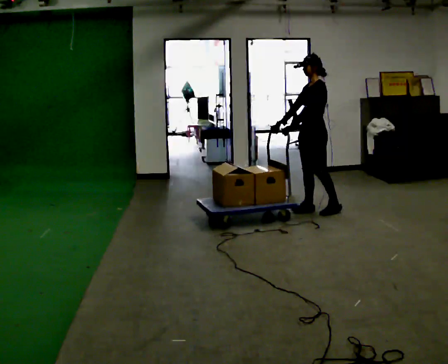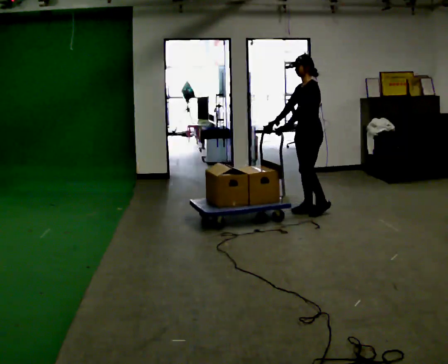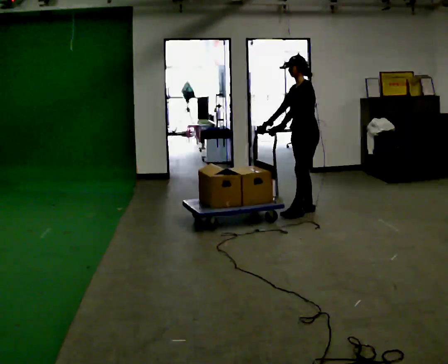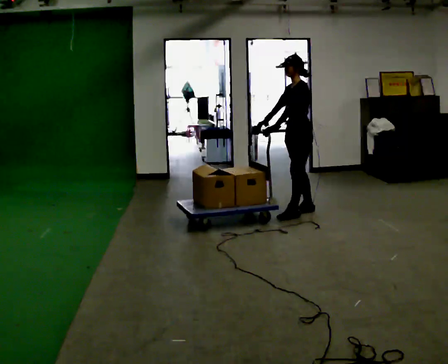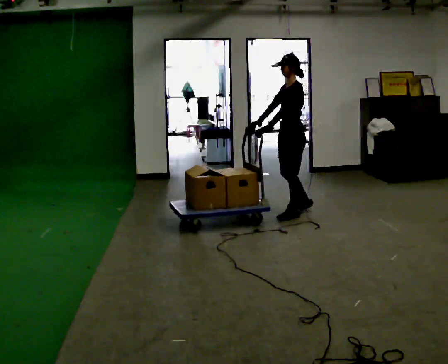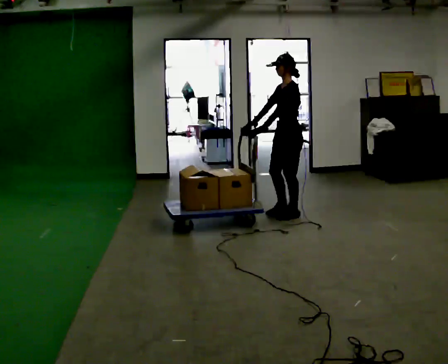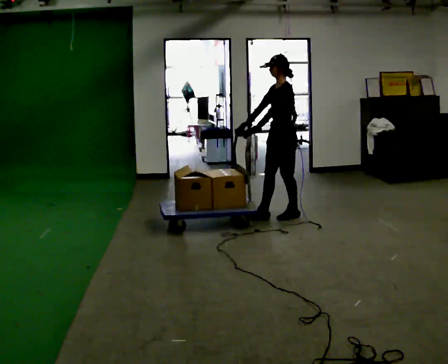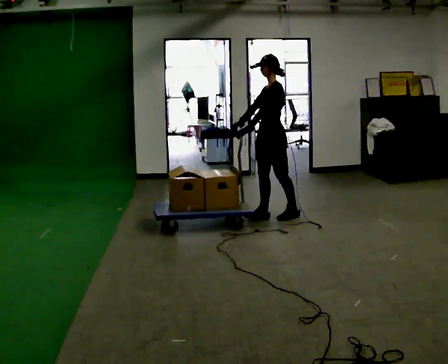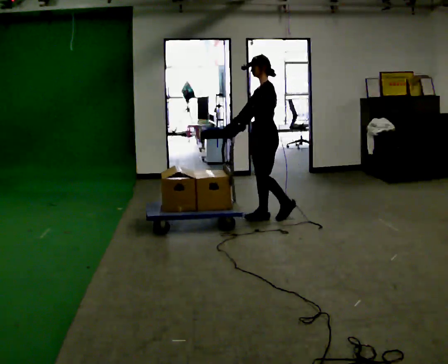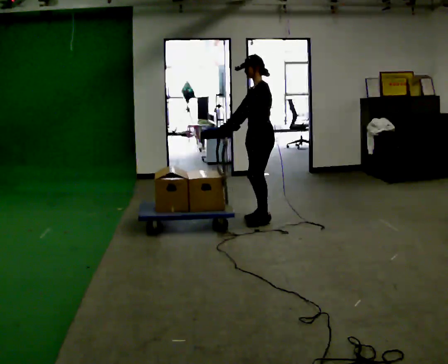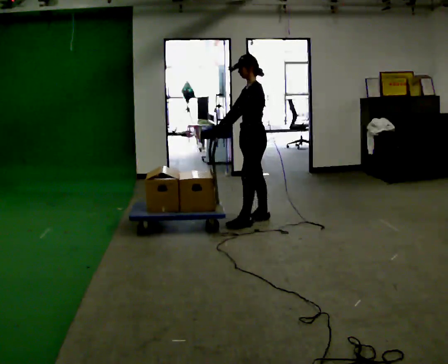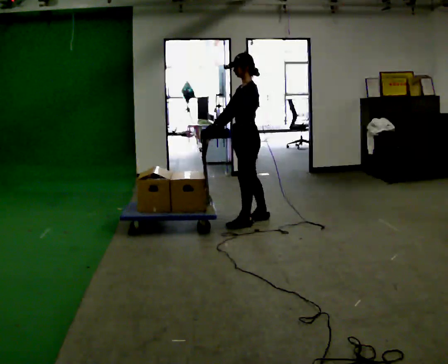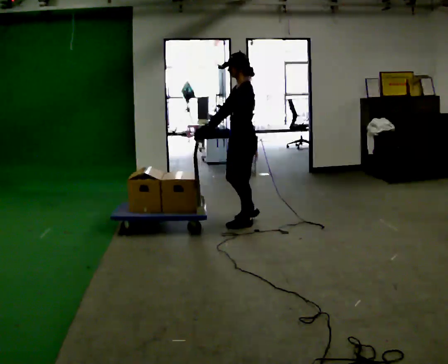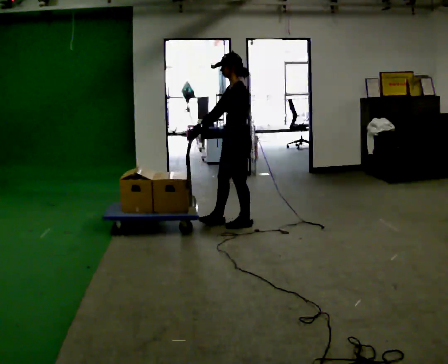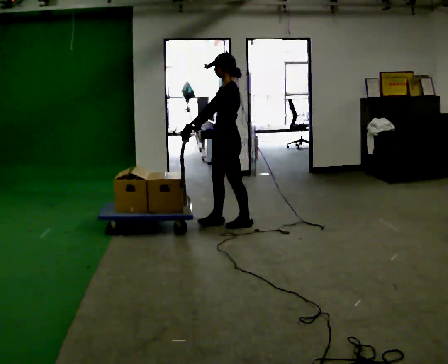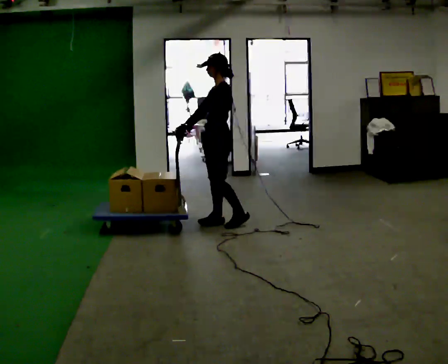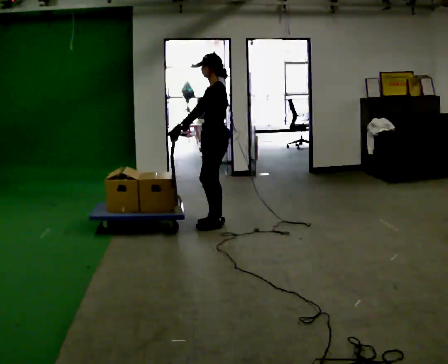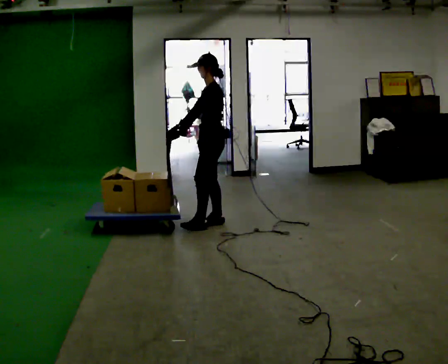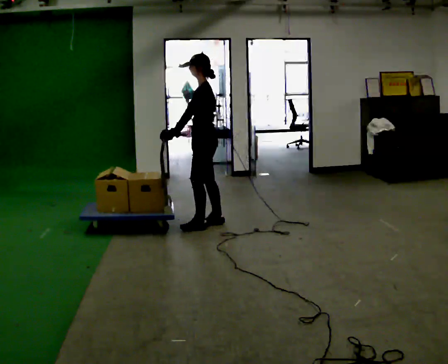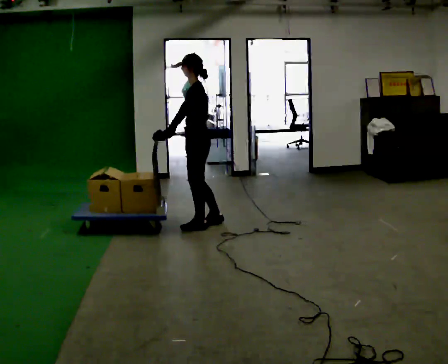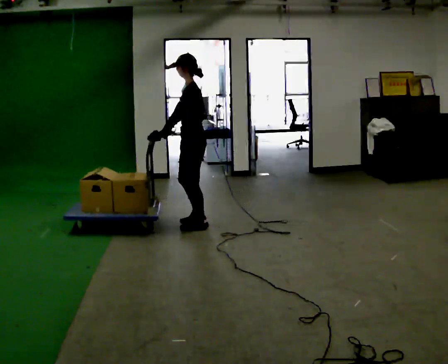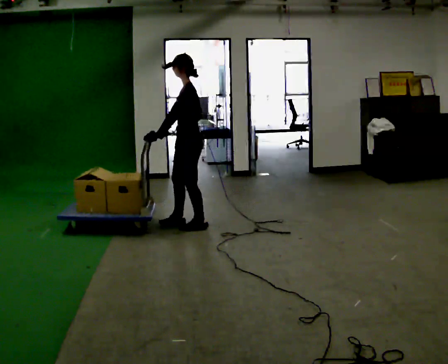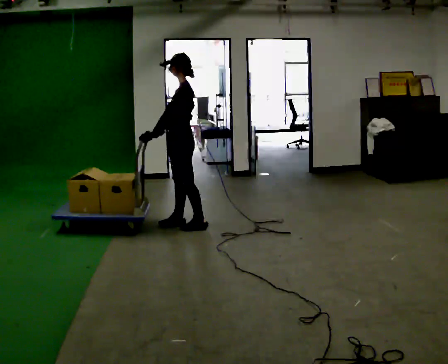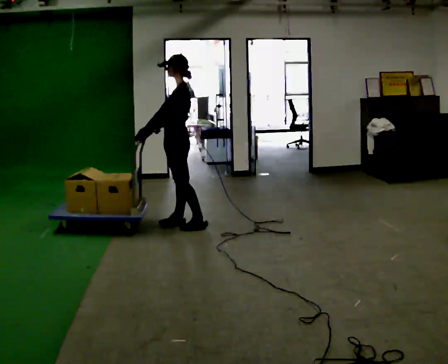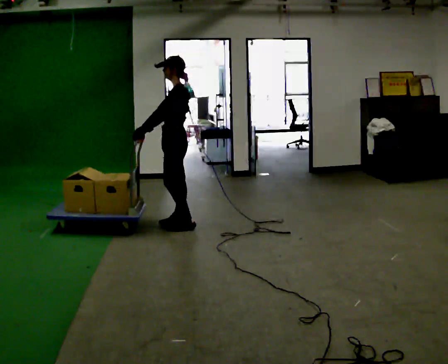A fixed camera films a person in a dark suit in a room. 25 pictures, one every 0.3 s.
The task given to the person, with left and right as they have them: Push the cart across the room and back. The operator will change how much is loaded on it between takes and will tell you each time.
0.0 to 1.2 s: In the picture they go to the left, about 0.25 m in 1 step, which for them is forward.
1.2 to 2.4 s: In the picture they go to the left, about 0.25 m in 1 step, which for them is forward.
2.4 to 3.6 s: In the picture they go to the left and toward the camera, about 0.25 m in 1 step, which for them is forward and to their left.
3.6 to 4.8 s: In the picture they go to the left, about 0.25 m in 1 step, which for them is forward.
4.8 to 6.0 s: In the picture they go to the left and toward the camera, about 0.25 m in 1 step, which for them is forward and to their left.
6.0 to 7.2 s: In the picture they go to the left, about 0.25 m in 1 step, which for them is forward.
The film runs forward here.
